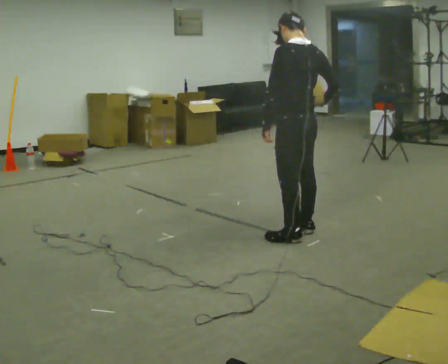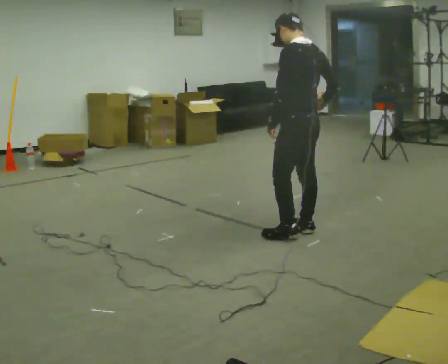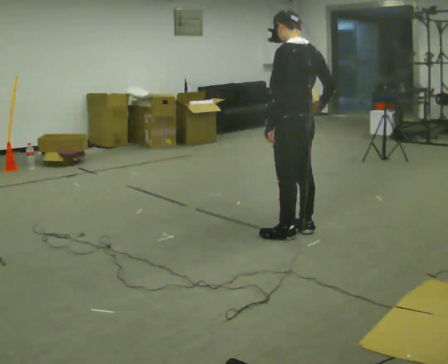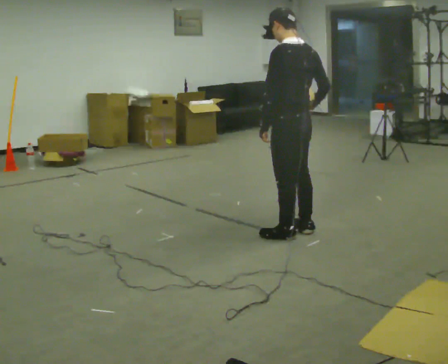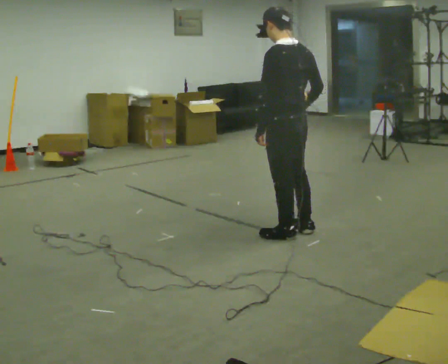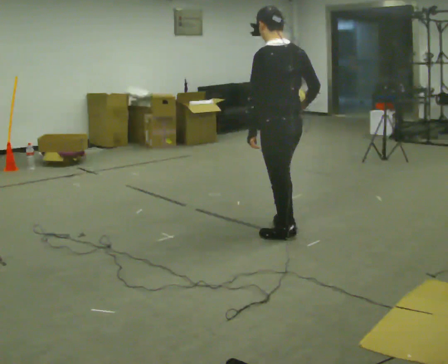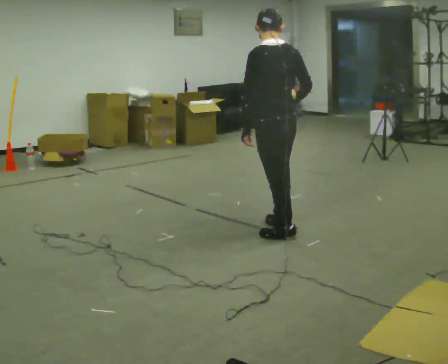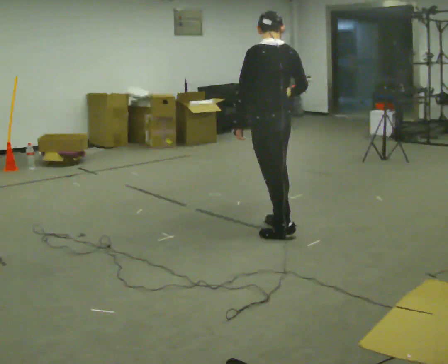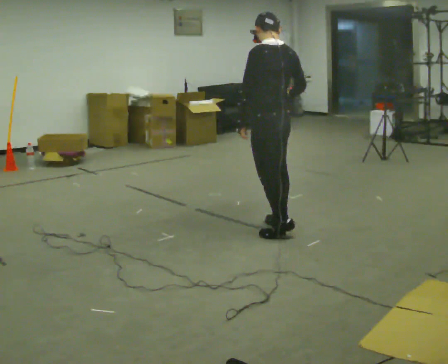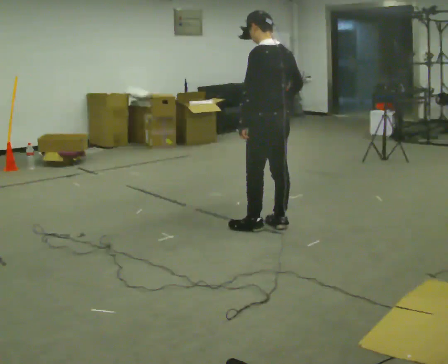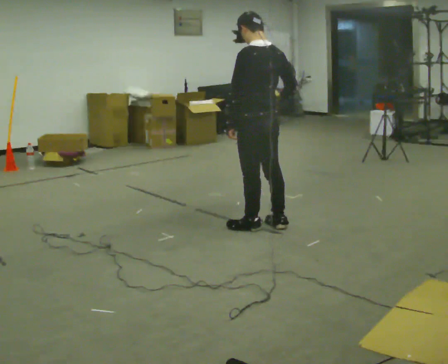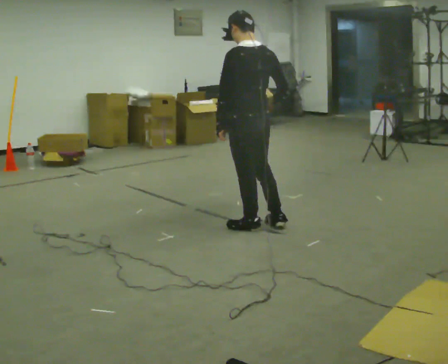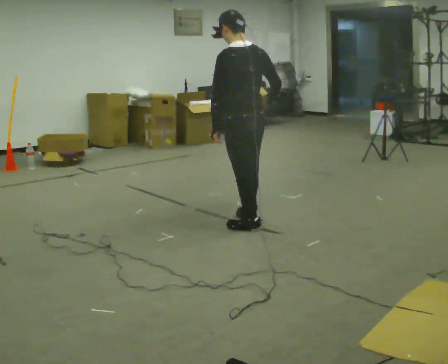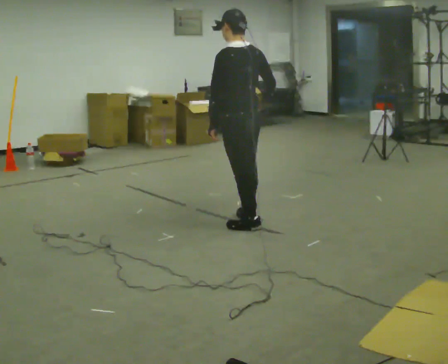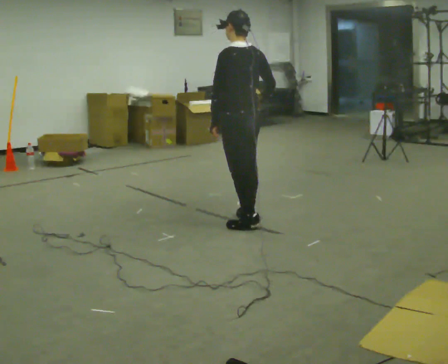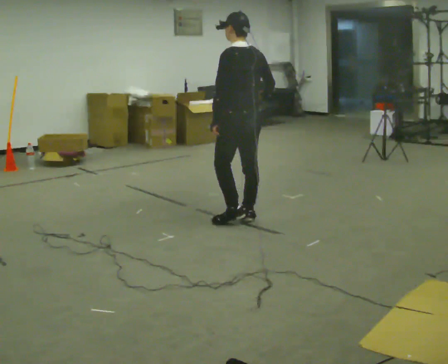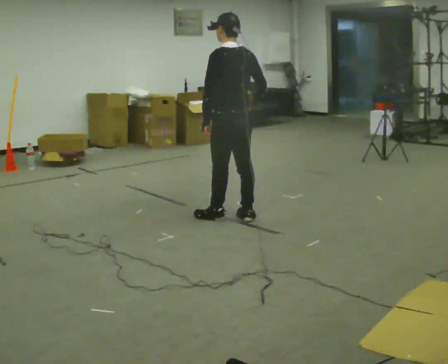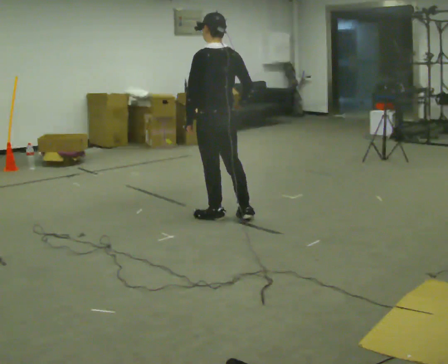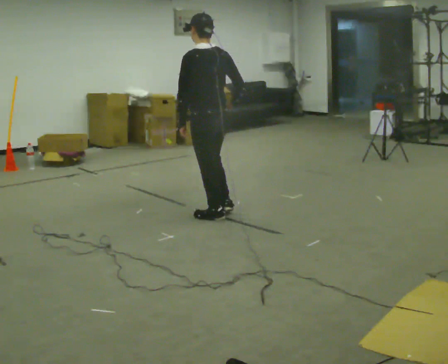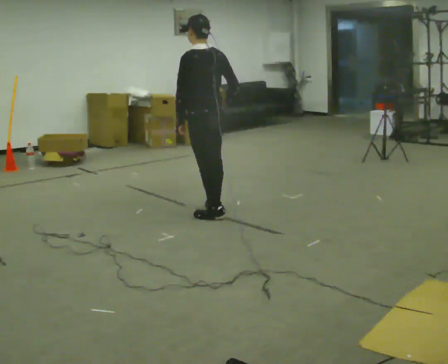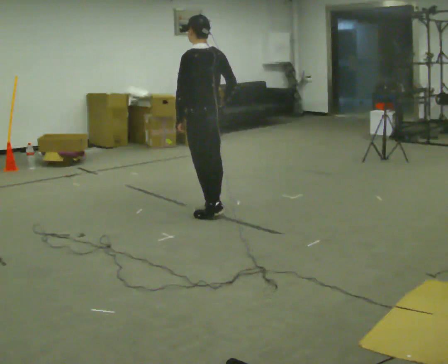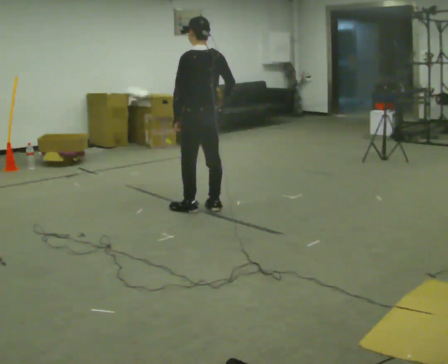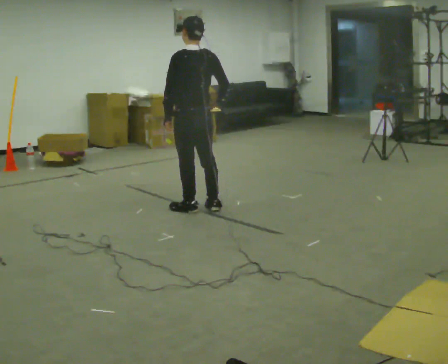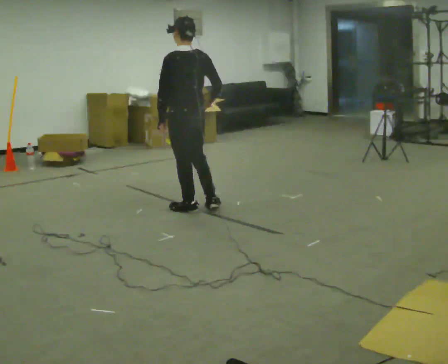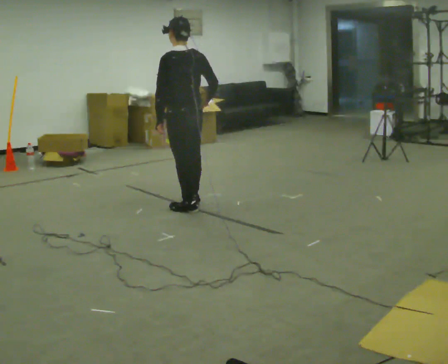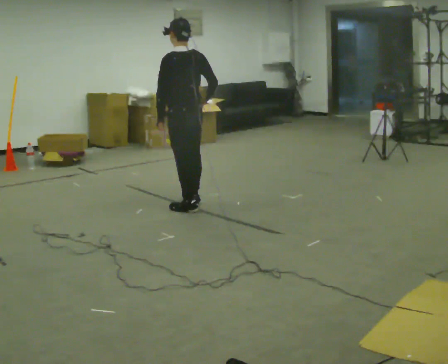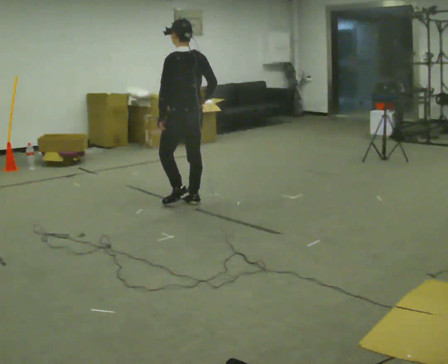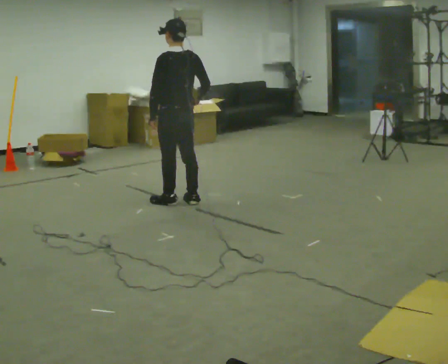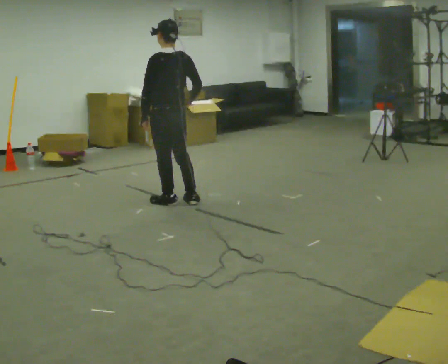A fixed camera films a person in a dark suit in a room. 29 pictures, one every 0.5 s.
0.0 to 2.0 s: The person moves a little, or ends about where they began.
2.0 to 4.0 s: In the picture they go away from the camera, about 0.25 m in 1 step, which for them is forward.
4.0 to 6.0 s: In the picture they go to the left, about 0.25 m in 2 steps, which for them is forward and to their left.
6.0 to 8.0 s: In the picture they go away from the camera, about 0.25 m in 1 step, which for them is forward and to their right.
8.0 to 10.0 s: In the picture they go to the left and away from the camera, about 0.25 m in 1 step, which for them is forward.
10.0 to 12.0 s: In the picture they go to the left, about 0.25 m in 2 steps, which for them is forward.
12.0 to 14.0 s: In the picture they go to the left, about 0.25 m in 1 step, which for them is forward.
The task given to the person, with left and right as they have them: Hold the object against your hip on the side the operator calls, and carry it back and forth across the room.
The film runs forward here.
